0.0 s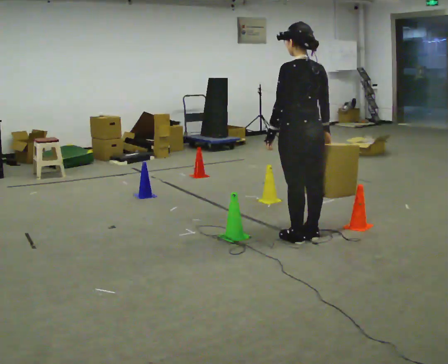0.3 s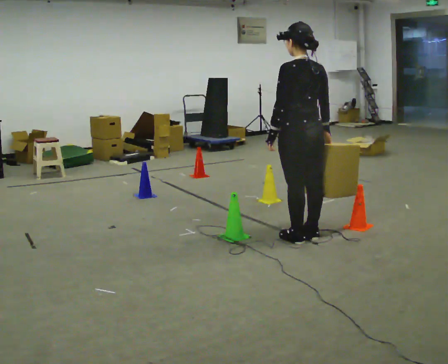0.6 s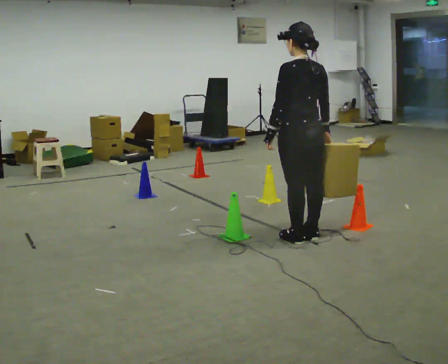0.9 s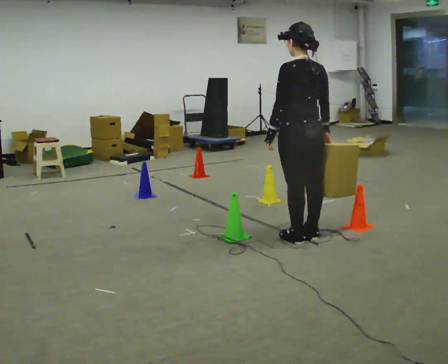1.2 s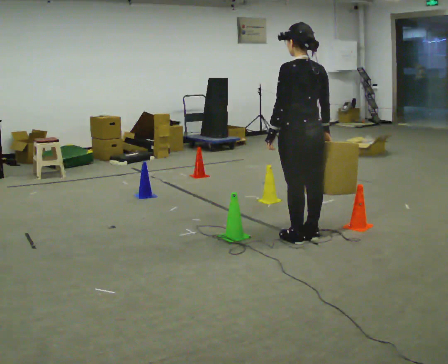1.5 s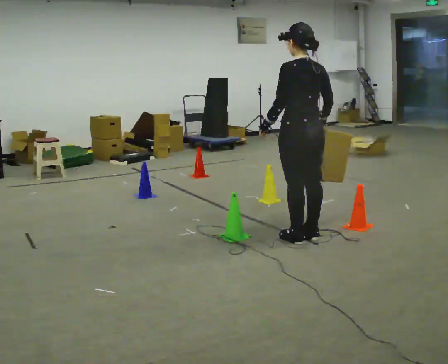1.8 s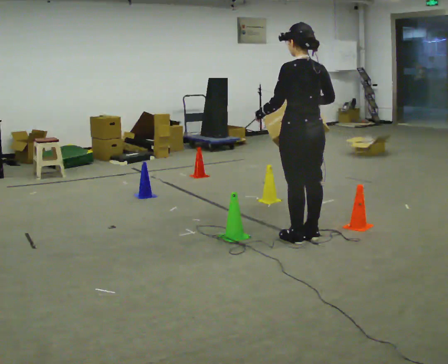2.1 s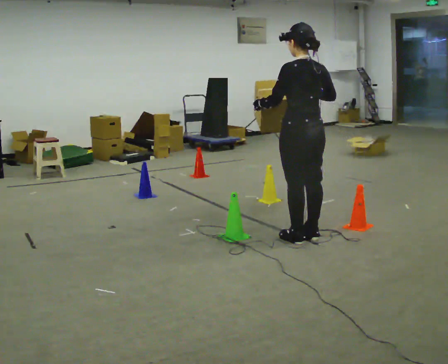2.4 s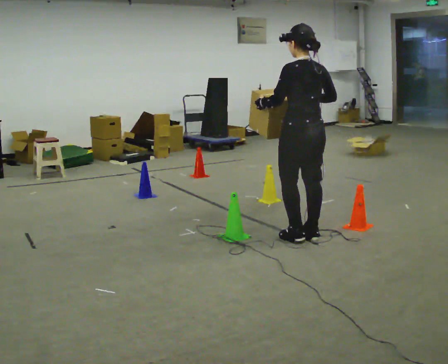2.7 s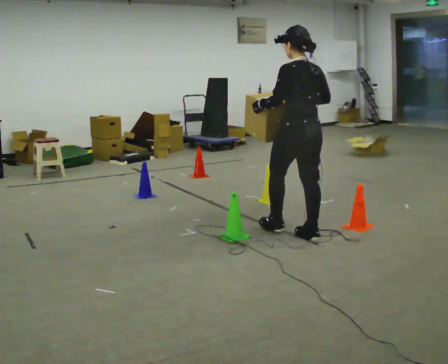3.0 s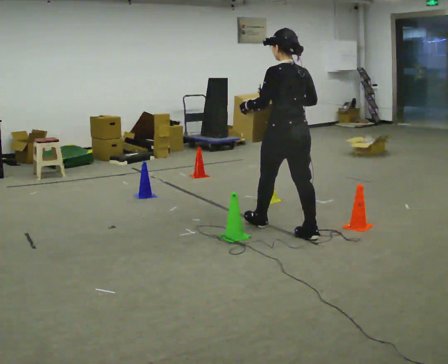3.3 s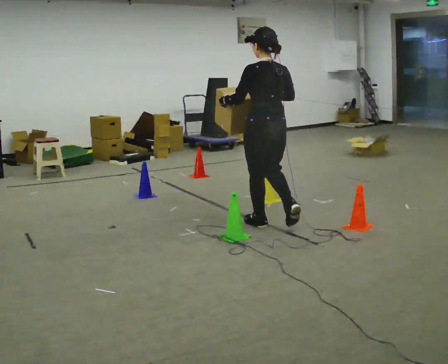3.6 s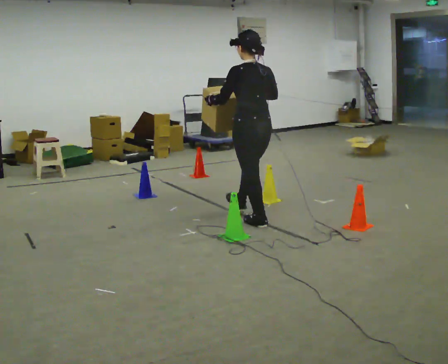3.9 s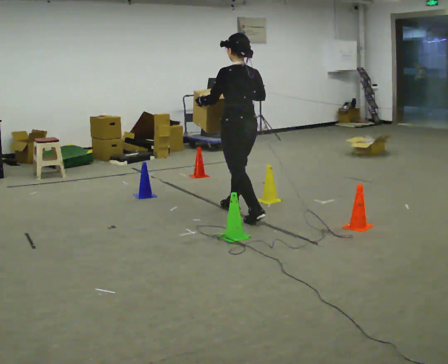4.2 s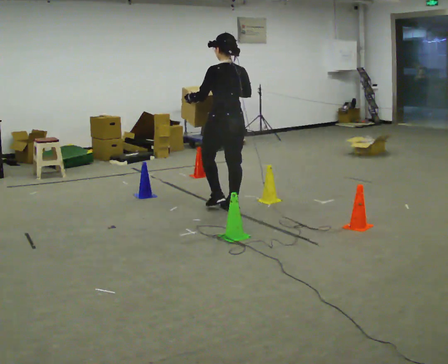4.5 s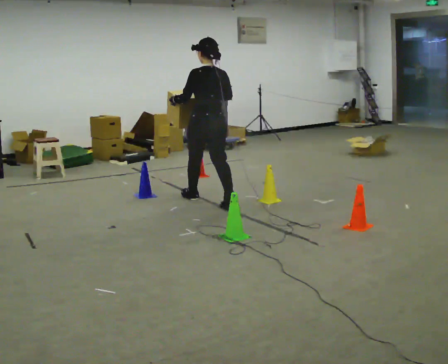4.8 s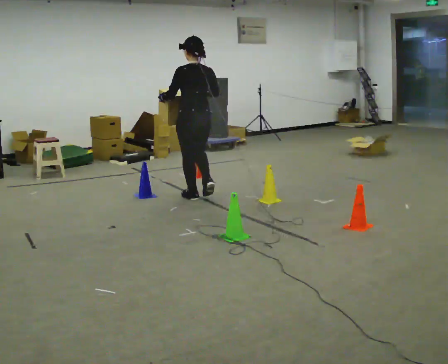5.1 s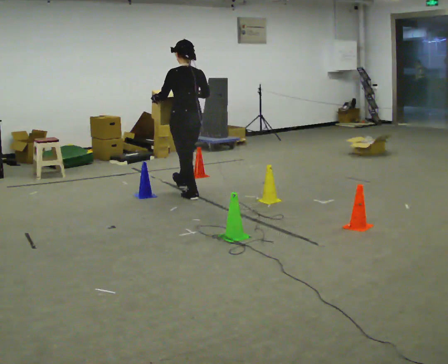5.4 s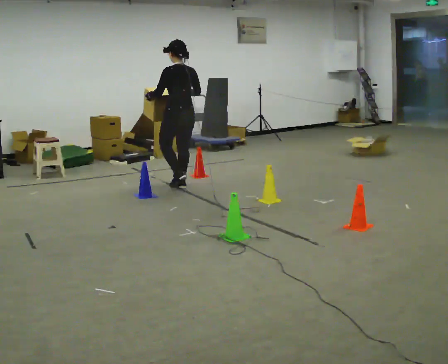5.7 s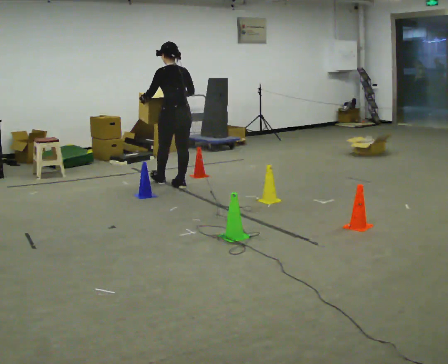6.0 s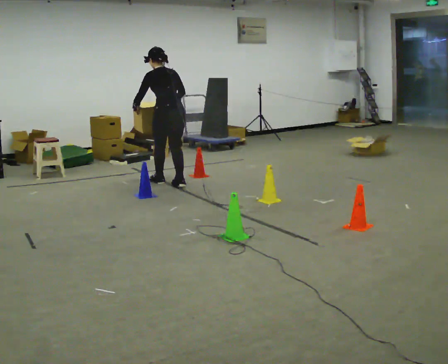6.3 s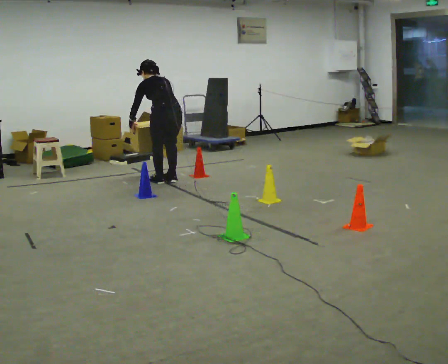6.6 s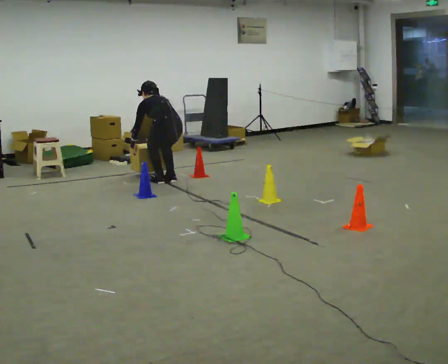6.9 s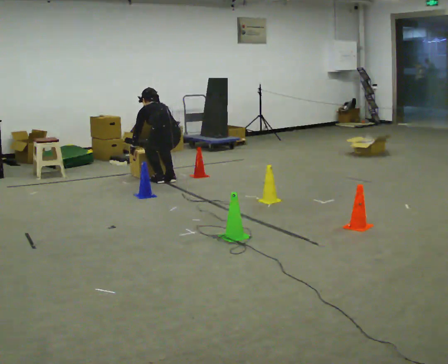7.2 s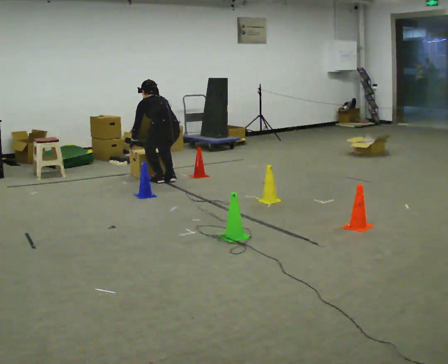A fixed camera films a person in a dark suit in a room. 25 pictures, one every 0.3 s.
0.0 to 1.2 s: The person keeps their place and pose.
1.2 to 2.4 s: The person moves a little, or ends about where they began.
2.4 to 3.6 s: In the picture they go away from the camera and to the left, about 0.5 m in 1 step, which for them is forward.
3.6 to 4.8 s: In the picture they go away from the camera and to the left, about 1 m in 2 steps, which for them is forward.
4.8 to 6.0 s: In the picture they go away from the camera and to the left, about 0.75 m in 2 steps, which for them is forward. The upper body tips away from the camera, its near side rolling upward, as they bend forward.
6.0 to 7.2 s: The upper body tips away from the camera, its near side rolling upward, as they bend forward. In the picture their right hand goes downward.
The film runs forward here.
